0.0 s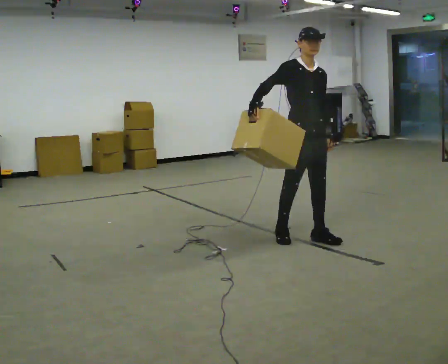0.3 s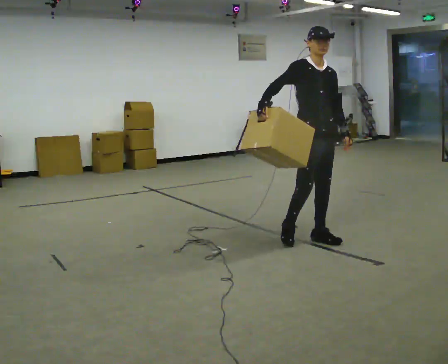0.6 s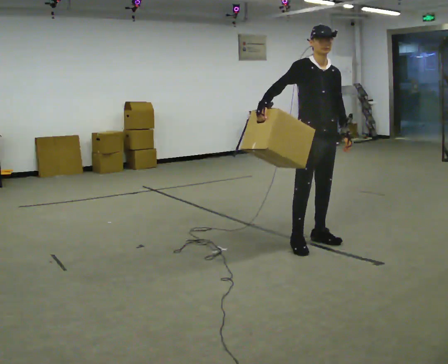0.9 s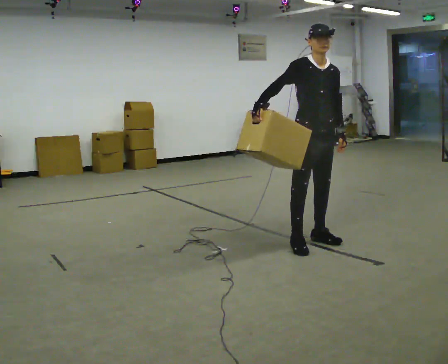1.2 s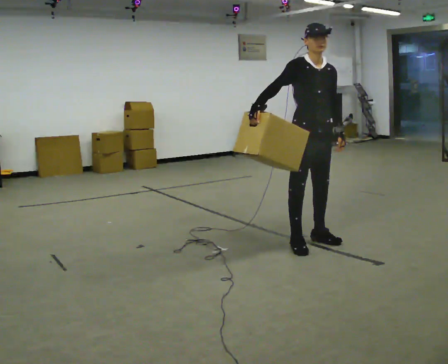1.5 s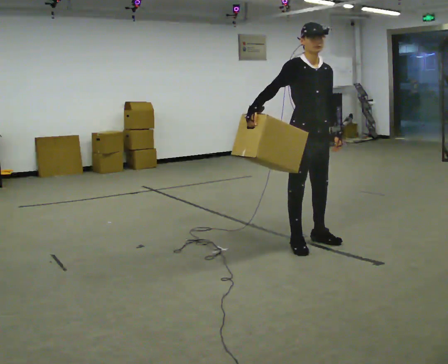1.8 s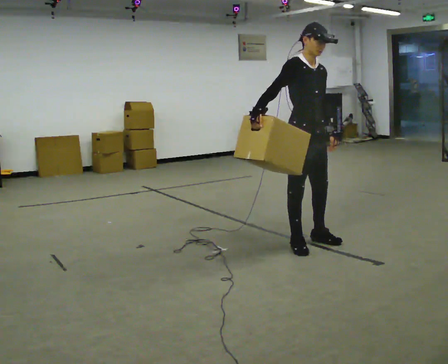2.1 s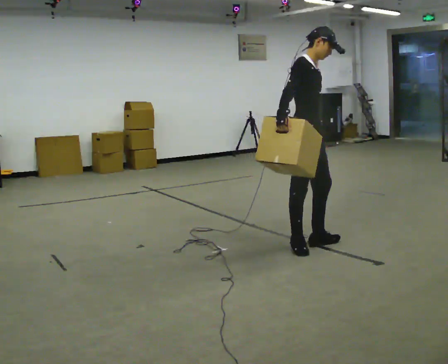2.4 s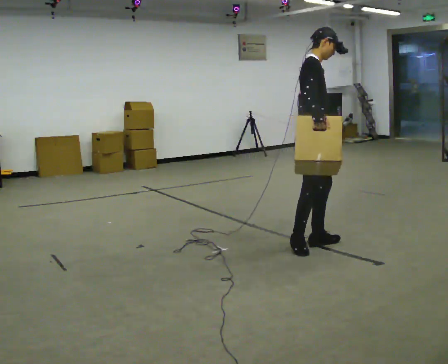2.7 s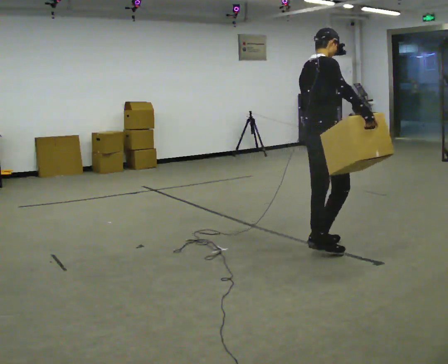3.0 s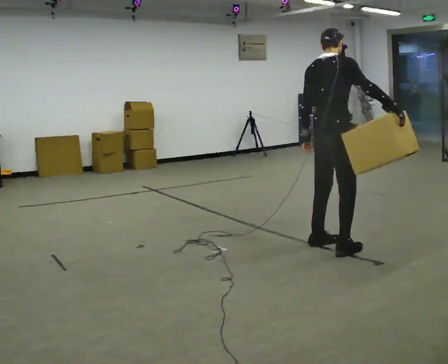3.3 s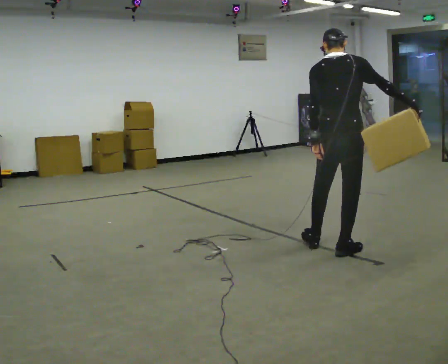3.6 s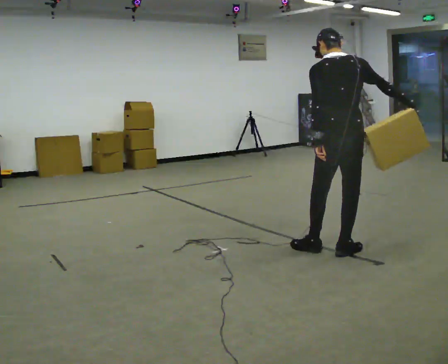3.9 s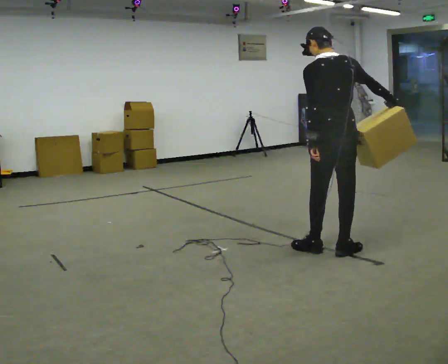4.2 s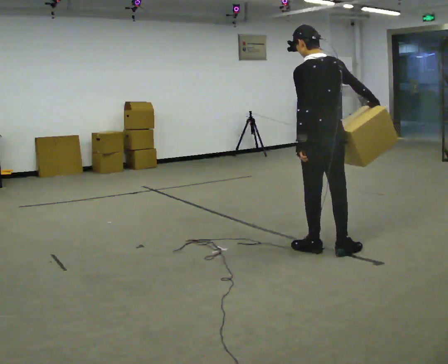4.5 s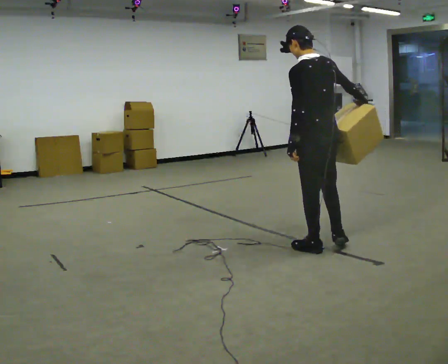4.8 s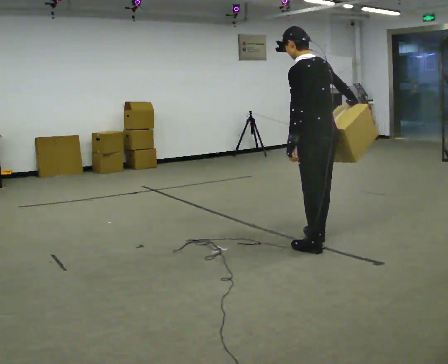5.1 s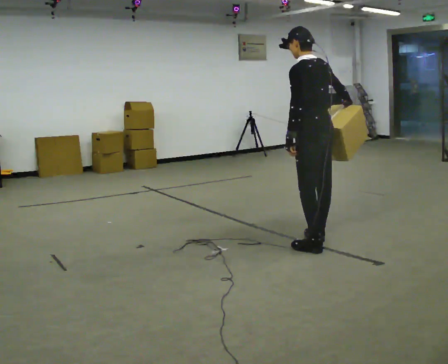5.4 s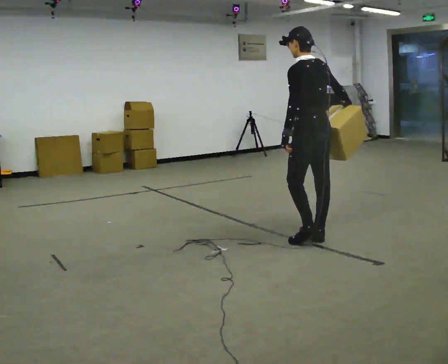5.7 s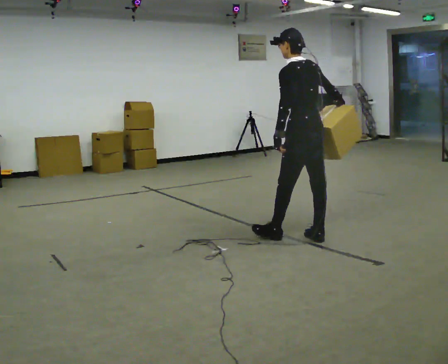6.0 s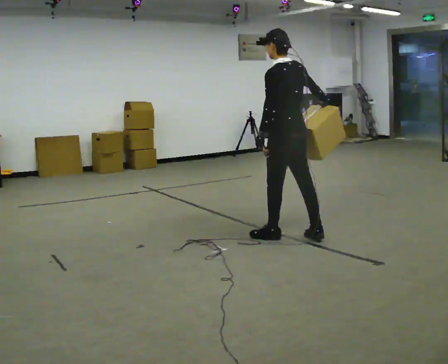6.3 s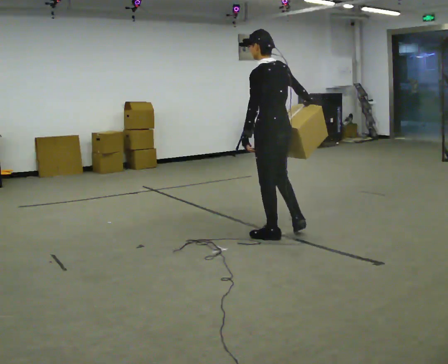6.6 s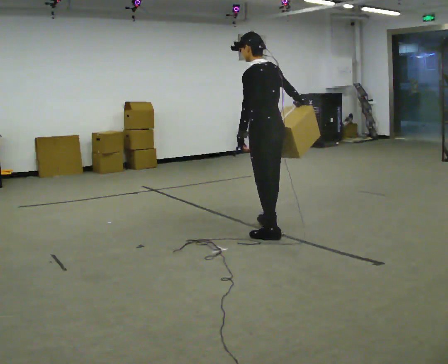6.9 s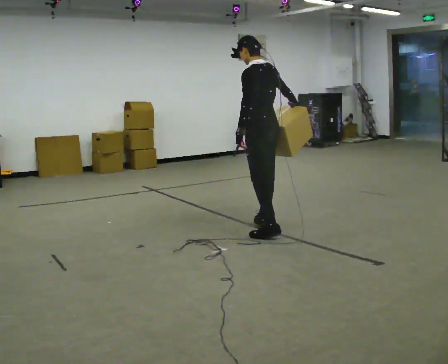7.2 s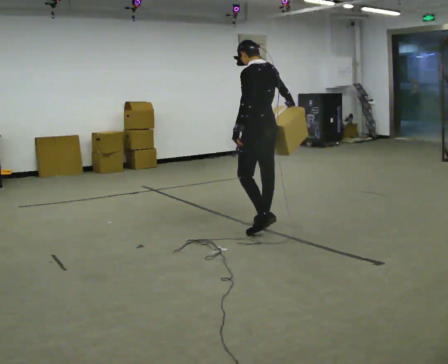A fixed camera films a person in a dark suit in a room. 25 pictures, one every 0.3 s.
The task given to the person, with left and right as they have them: Hold the object against your hip on the side the operator calls, and carry it back and forth across the room.
0.0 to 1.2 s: The person moves a little, or ends about where they began.
1.2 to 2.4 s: The person turns about 60 degrees to their left, counterclockwise seen from above, so the part of the body nearest the lens slides to the right. In the picture their right hand goes to the right.
2.4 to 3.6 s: Seen from above the body turns counterclockwise, about 90 degrees: to their left, with its near side sliding to the right. In the picture they go to the right, about 0.25 m in 1 step.
3.6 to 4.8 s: The person turns about 45 degrees to their left, counterclockwise seen from above, so the part of the body nearest the lens slides to the right. In the picture they go to the left, about 0.25 m in 2 steps, which for them is forward. In the picture their right hand goes to the left.
4.8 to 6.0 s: In the picture they go away from the camera and to the left, about 0.25 m in 1 step, which for them is forward.
6.0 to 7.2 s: In the picture they go away from the camera and to the left, about 0.5 m in 1 step, which for them is forward.
The film runs forward here.
